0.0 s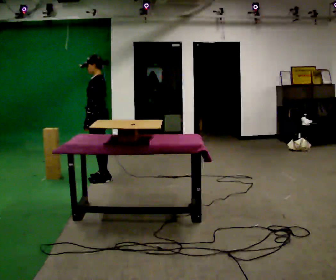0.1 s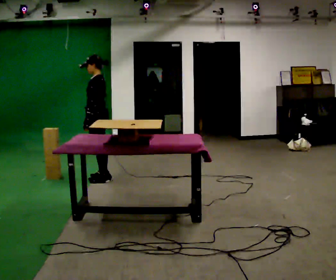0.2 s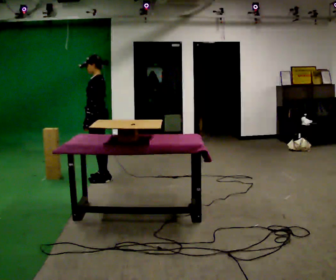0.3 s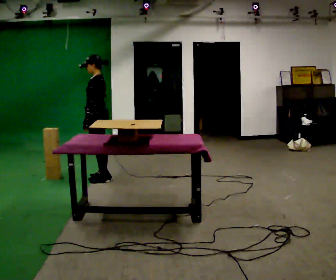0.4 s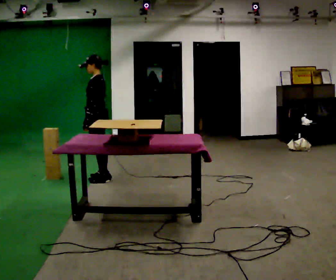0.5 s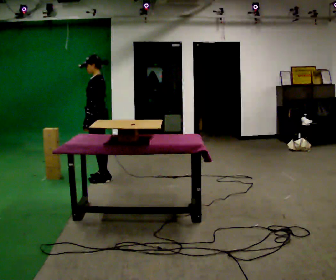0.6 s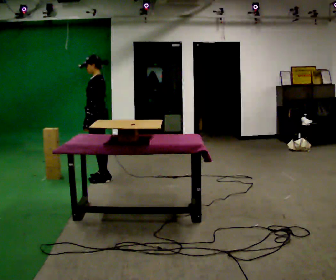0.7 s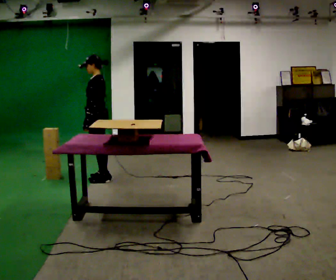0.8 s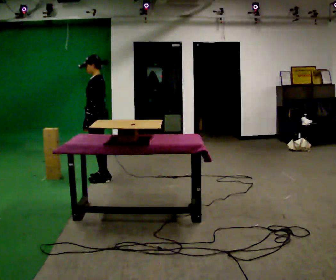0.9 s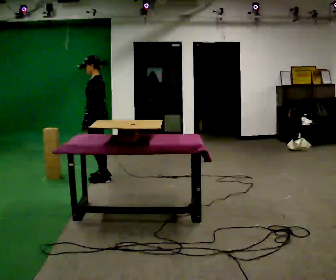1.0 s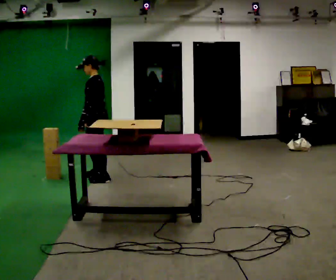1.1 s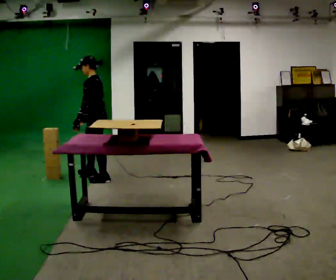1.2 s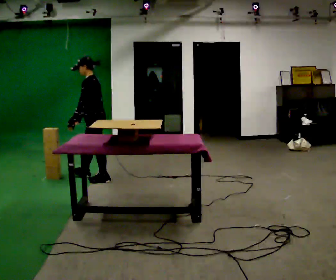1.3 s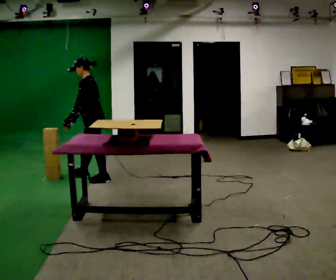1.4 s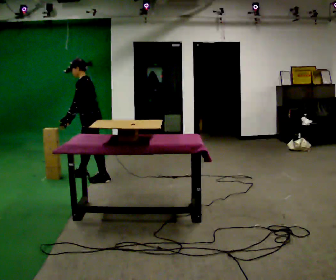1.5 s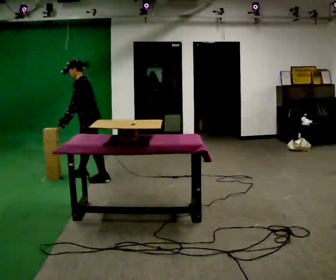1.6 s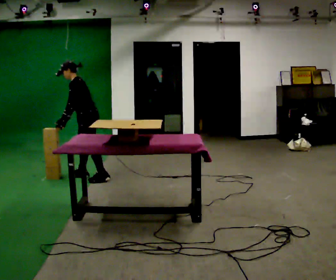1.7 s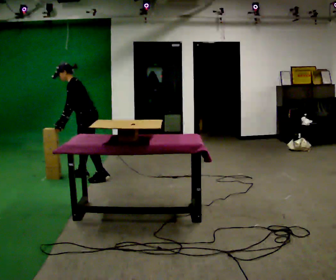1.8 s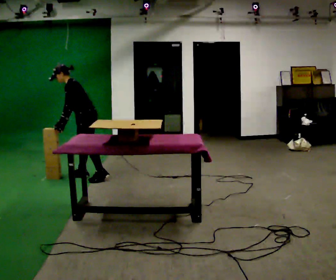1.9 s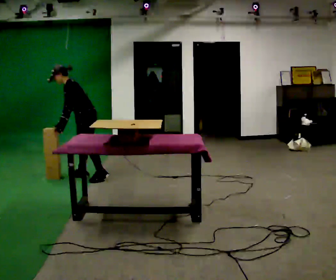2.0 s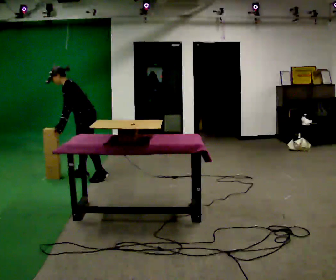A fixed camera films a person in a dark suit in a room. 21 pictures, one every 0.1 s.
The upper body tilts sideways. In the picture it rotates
counterclockwise.
0.0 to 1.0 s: The person moves a little, or ends about where they began.
1.0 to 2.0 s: In the picture they go away from the camera, about 0.25 m in 1 step, which for them is to their right and forward. In the picture the upper body tilts counterclockwise, shoulders to the left, as they bend forward.
The film runs forward here.
